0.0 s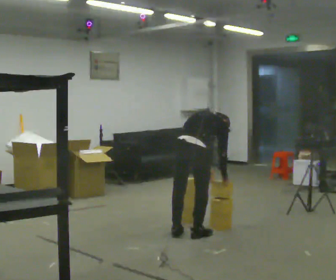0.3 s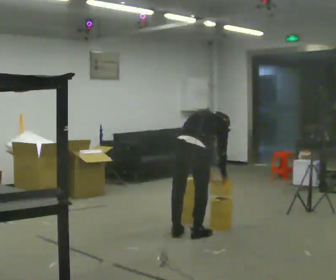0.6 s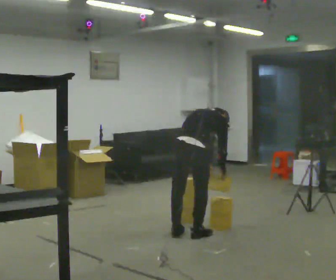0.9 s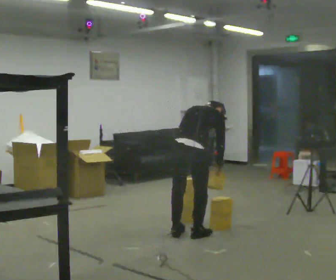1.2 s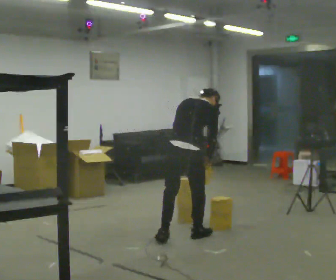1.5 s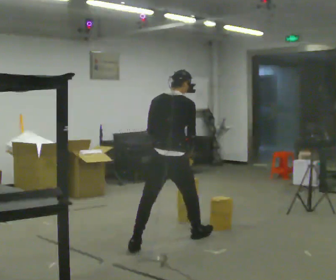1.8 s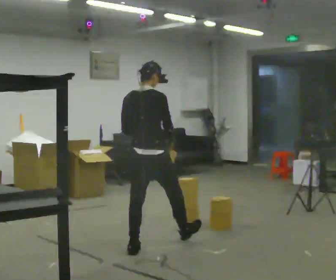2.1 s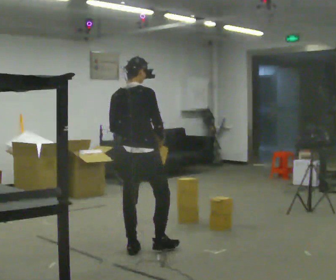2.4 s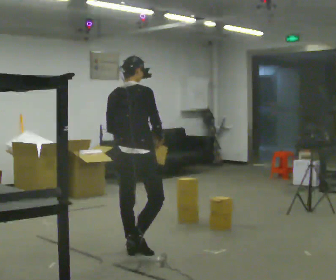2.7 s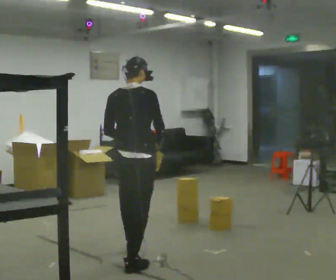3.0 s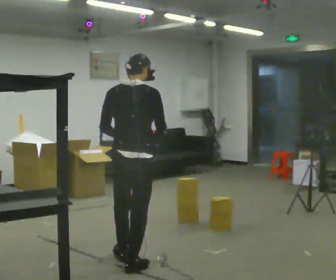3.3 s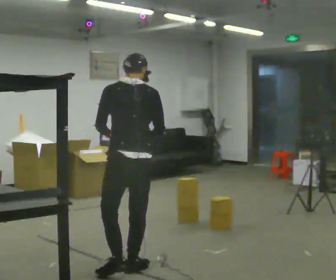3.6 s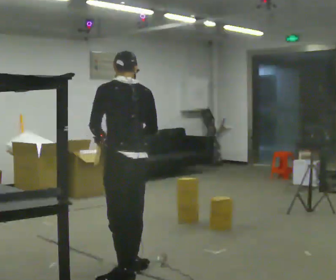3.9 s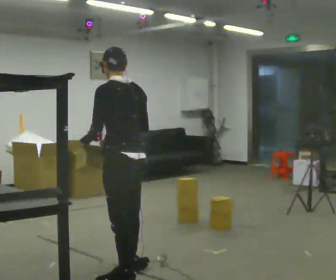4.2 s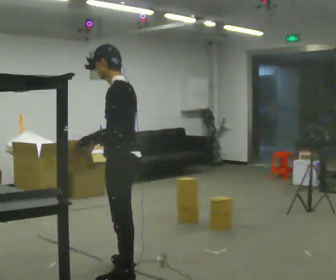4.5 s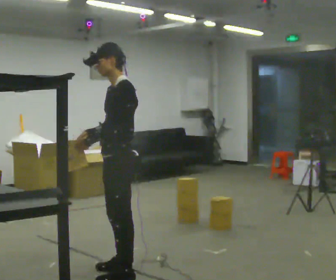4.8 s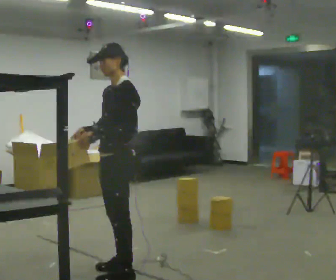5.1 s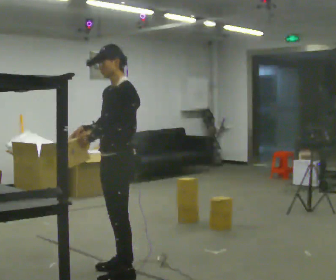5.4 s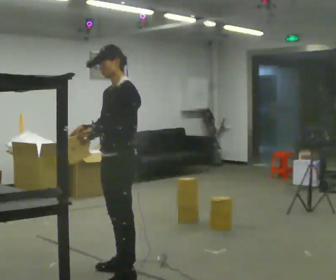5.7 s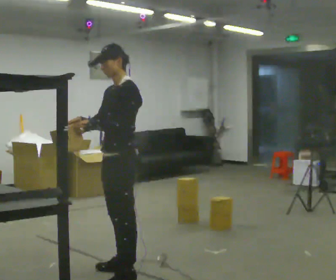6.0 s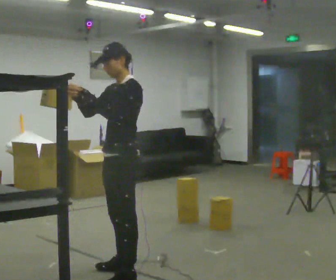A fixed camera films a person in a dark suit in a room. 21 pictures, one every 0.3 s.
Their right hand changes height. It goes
upward.
The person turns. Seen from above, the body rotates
counterclockwise.
0.0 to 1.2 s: The shoulders move upward. The upper body tips toward the camera, its near side rolling downward, as they lean back or straighten.
1.2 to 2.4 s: In the picture they go to the left and toward the camera, about 0.75 m in 1 step, which for them is backward and to their left. The upper body tips toward the camera, its near side rolling downward, as they lean back or straighten.
2.4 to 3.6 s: The part of the body nearest the lens slides to the right as the person turns to their left by about 60 degrees. In the picture they go toward the camera, about 0.5 m in 1 step, which for them is backward.
3.6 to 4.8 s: Seen from above the body turns counterclockwise, about 90 degrees: to their left, with its near side sliding to the right. In the picture their right hand goes to the left, the arm swinging clockwise.
4.8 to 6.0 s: The person moves a little, or ends about where they began.
The film runs backward here.
